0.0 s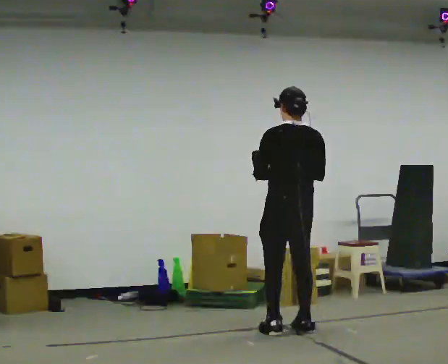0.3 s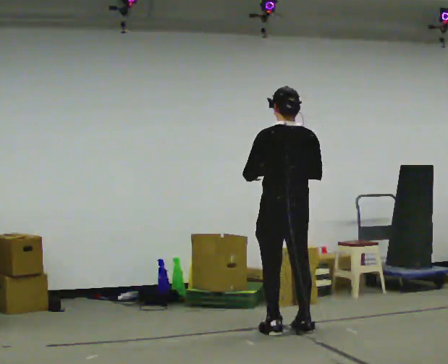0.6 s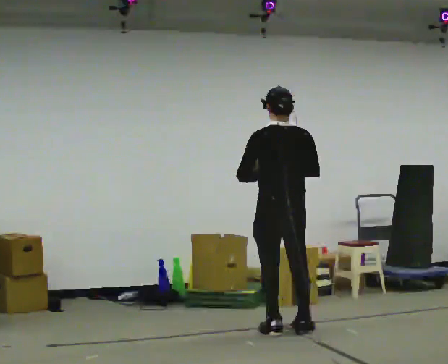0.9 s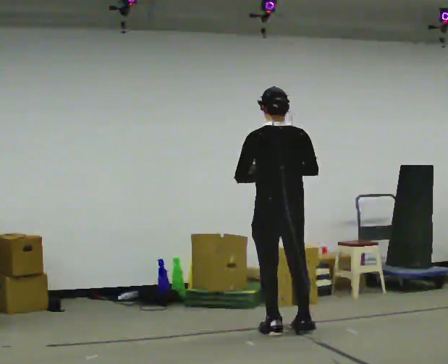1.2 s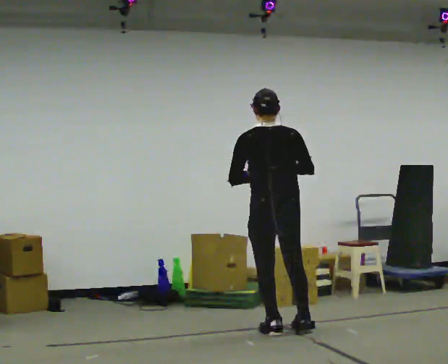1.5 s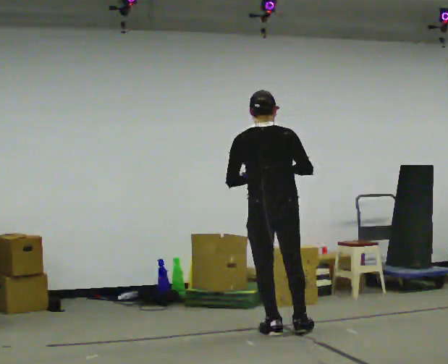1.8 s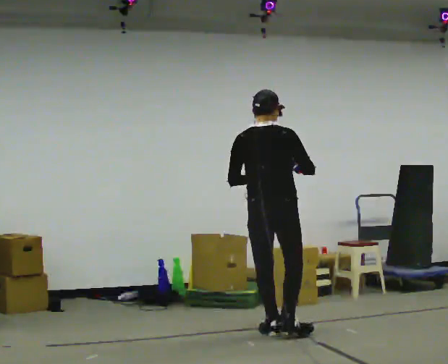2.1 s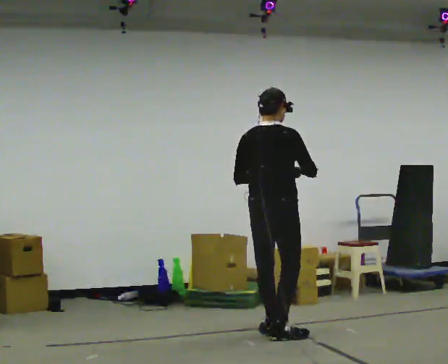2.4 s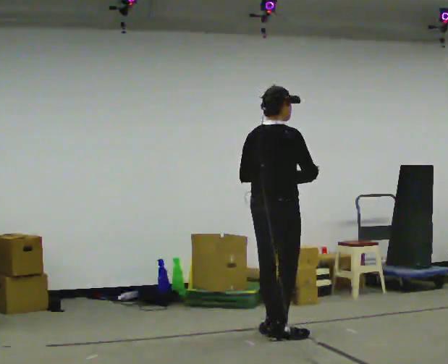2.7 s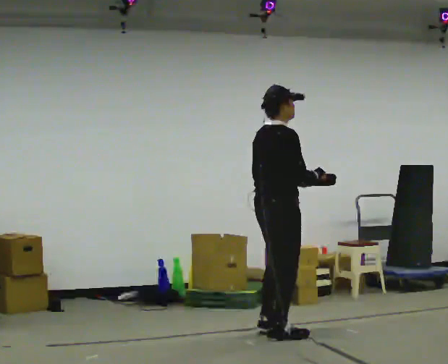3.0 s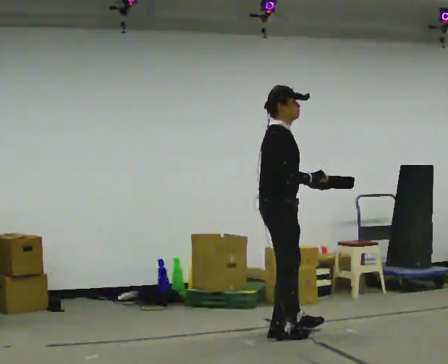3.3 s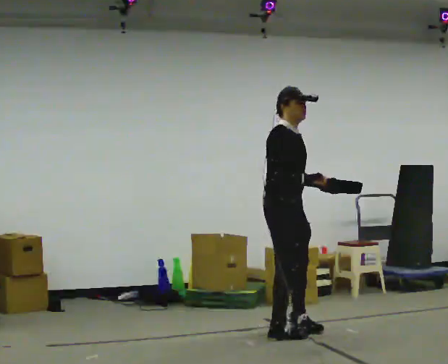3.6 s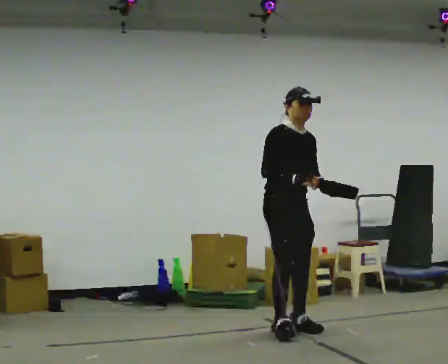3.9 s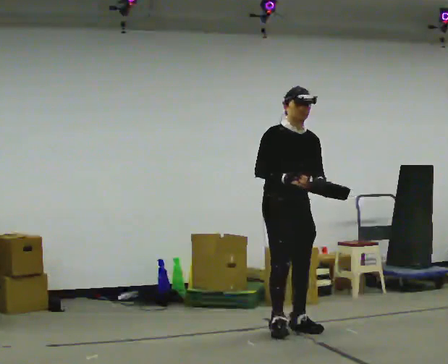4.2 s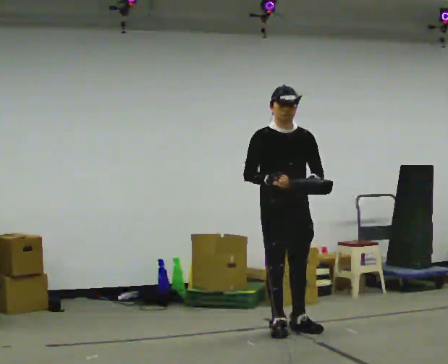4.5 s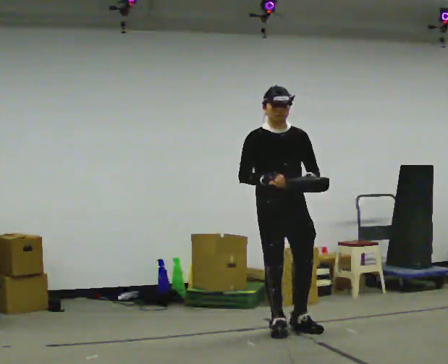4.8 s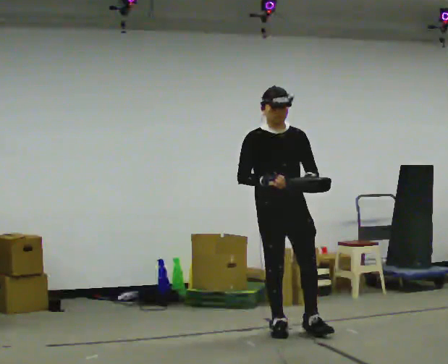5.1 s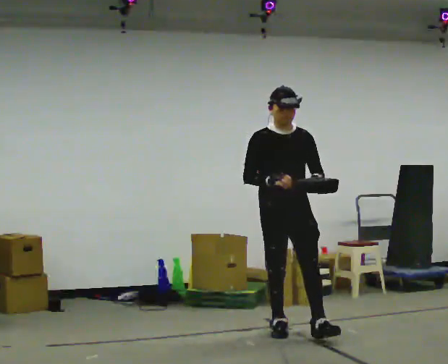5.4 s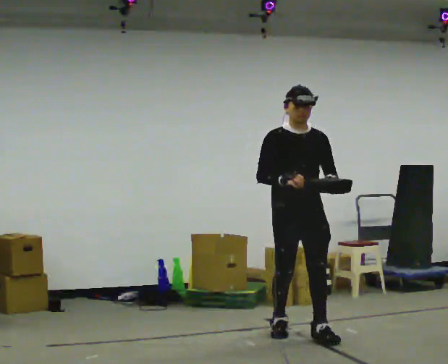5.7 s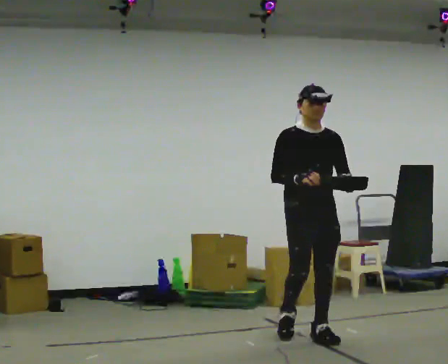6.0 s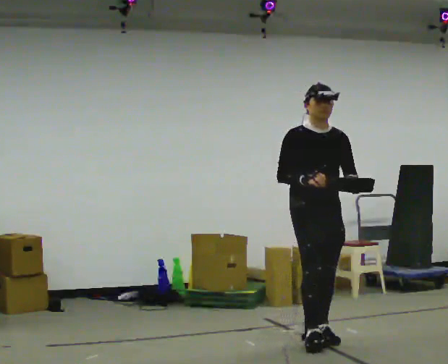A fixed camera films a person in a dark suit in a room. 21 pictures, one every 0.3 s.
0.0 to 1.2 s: The person moves a little, or ends about where they began.
1.2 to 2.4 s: Seen from above the body turns clockwise, about 45 degrees: to their right, with its near side sliding to the left.
2.4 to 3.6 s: The part of the body nearest the lens slides to the left as the person turns to their right by about 90 degrees. In the picture they go away from the camera, about 0.25 m in 1 step. In the picture their left hand goes to the right.
3.6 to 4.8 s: The person turns about 30 degrees to their right, clockwise seen from above, so the part of the body nearest the lens slides to the left.
4.8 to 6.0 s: In the picture they go to the right and toward the camera, about 0.25 m in 1 step, which for them is forward and to their left.
The film runs forward here.
